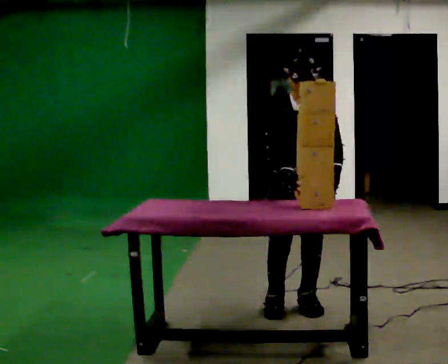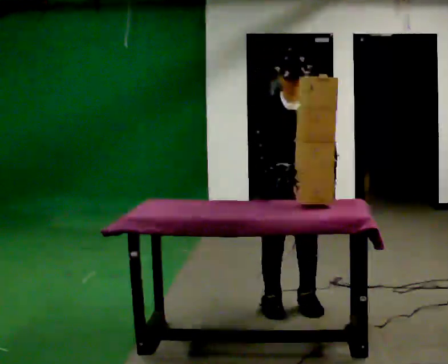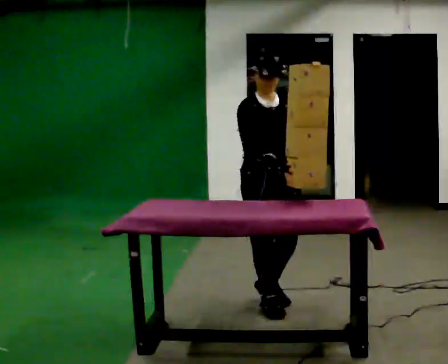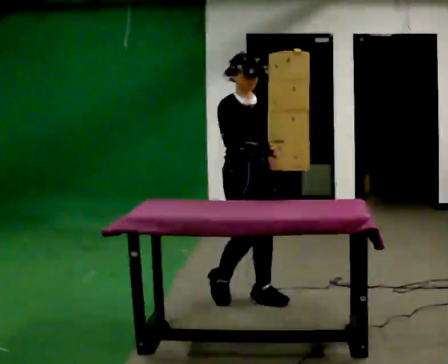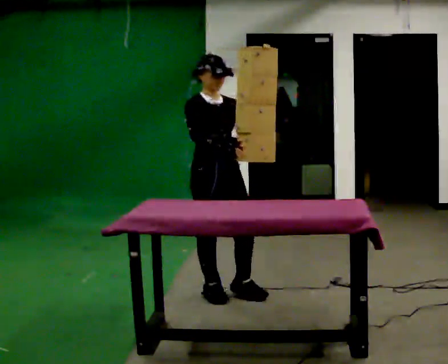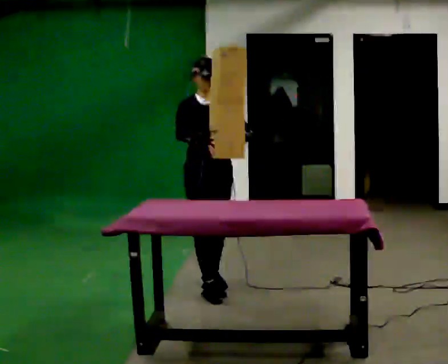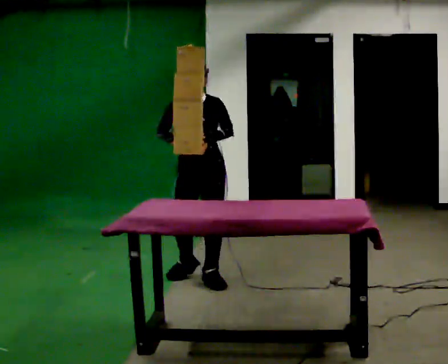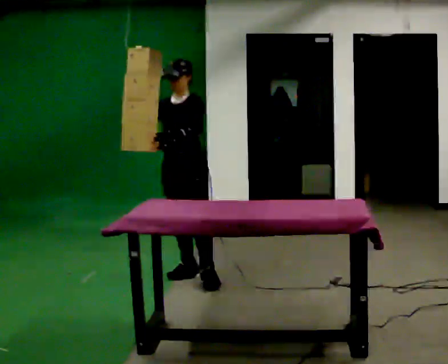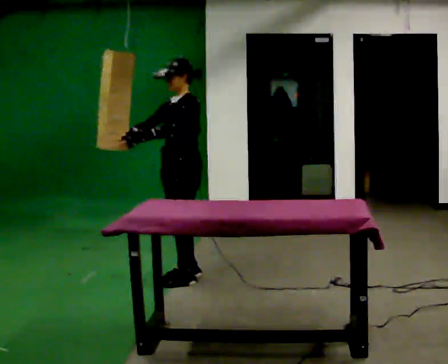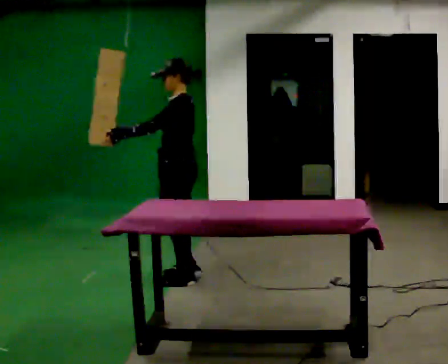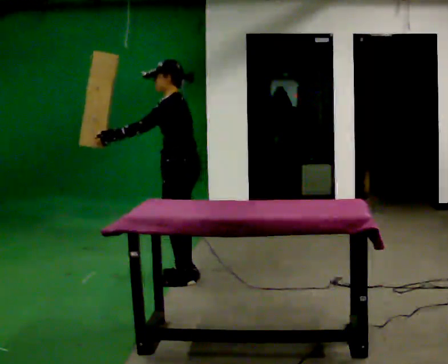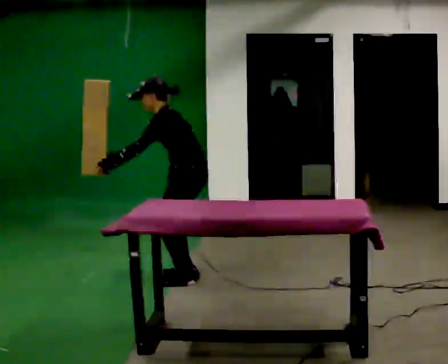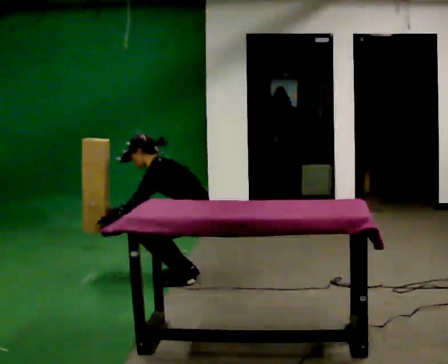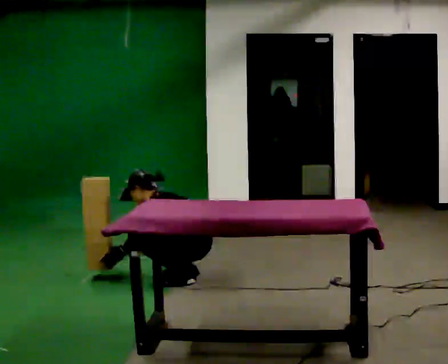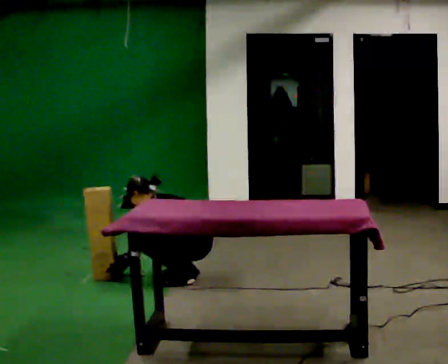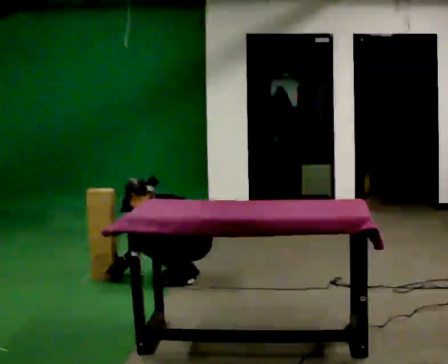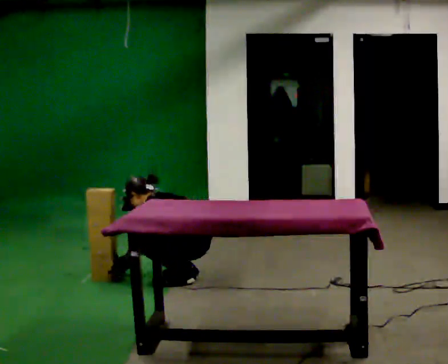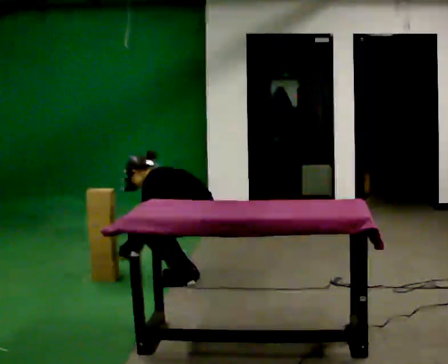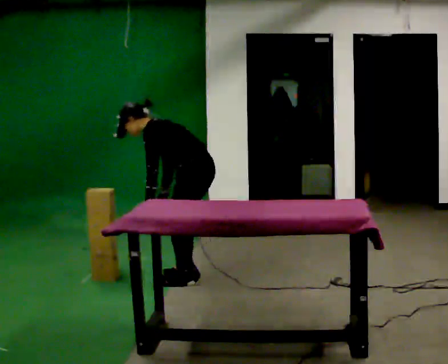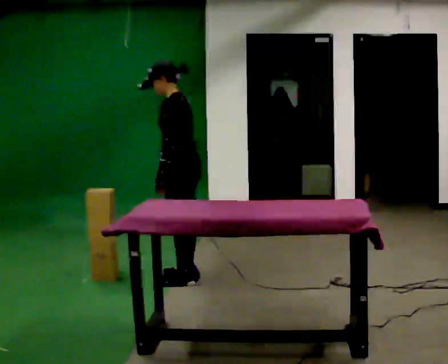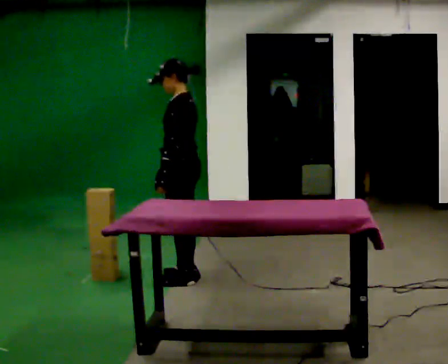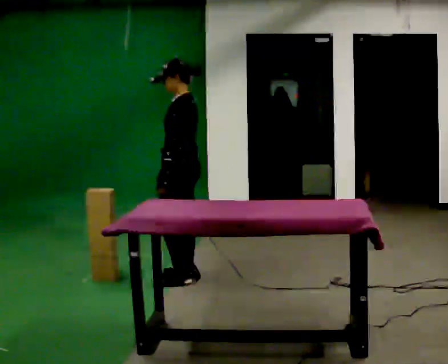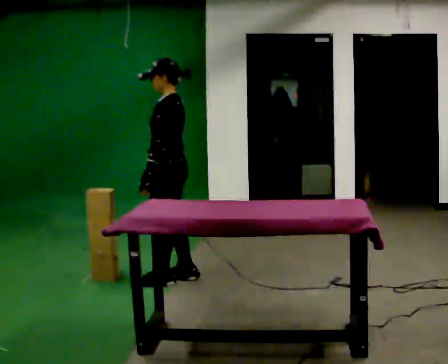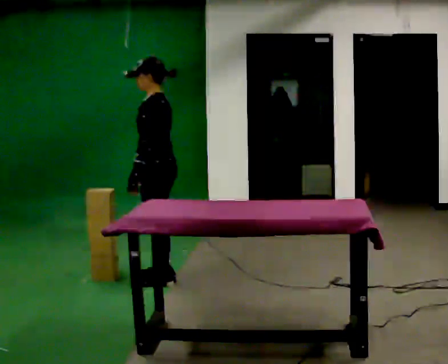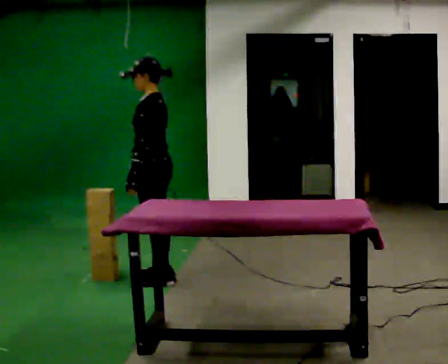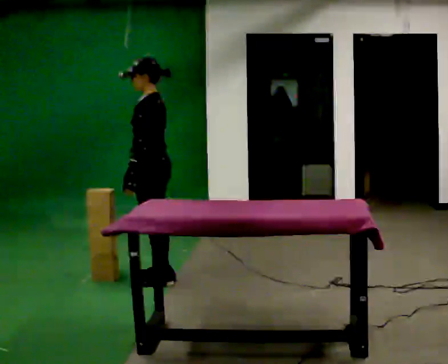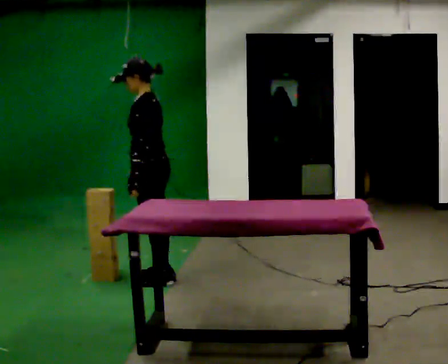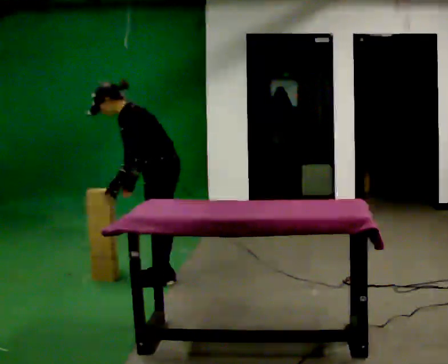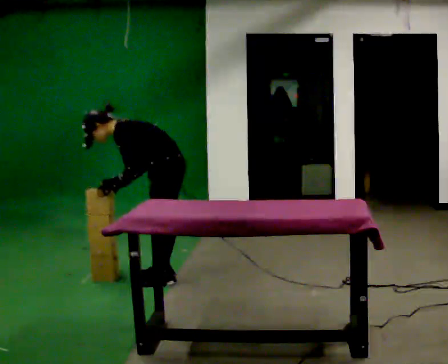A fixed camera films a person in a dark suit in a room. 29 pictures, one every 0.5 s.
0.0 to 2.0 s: The person turns about 30 degrees to their left, counterclockwise seen from above, so the part of the body nearest the lens slides to the right. In the picture they go to the left and away from the camera, about 0.5 m in 3 steps, which for them is backward and to their right. The upper body tips away from the camera, its near side rolling upward, as they lean back or straighten.
2.0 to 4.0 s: Seen from above the body turns clockwise, about 90 degrees: to their right, with its near side sliding to the left. In the picture they go away from the camera, about 0.5 m in 1 step.
4.0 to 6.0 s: The person turns about 30 degrees to their right, clockwise seen from above, so the part of the body nearest the lens slides to the left. The upper body goes downward. In the picture the upper body tilts counterclockwise, shoulders to the left, as they bend forward. In the picture their right hand goes downward.
6.0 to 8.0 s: The upper body goes downward. In the picture their right hand goes downward.
8.0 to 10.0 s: The upper body goes upward. In the picture the upper body tilts clockwise, shoulders to the right, as they lean back or straighten. In the picture their left hand goes upward and to the right.
10.0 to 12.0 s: In the picture they go to the left, about 0.25 m in 1 step, which for them is forward.
12.0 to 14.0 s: The shoulders move downward. In the picture the upper body tilts counterclockwise, shoulders to the left, as they bend forward.
The film runs backward here.
